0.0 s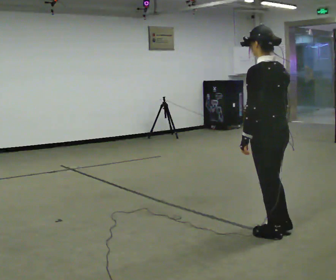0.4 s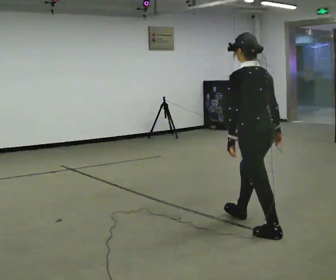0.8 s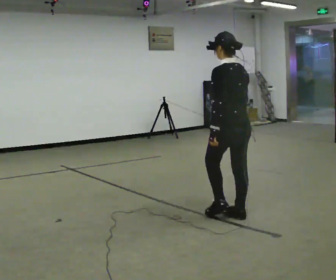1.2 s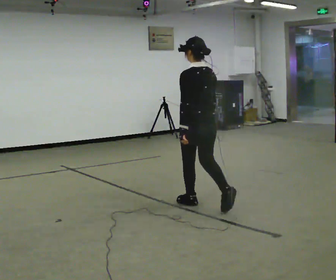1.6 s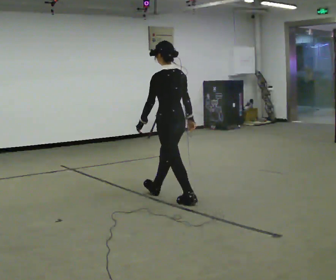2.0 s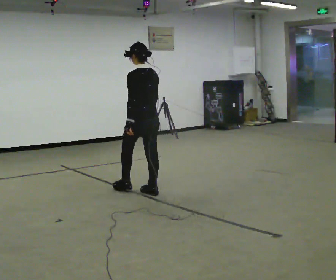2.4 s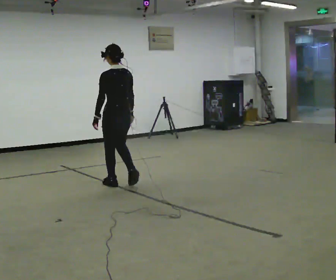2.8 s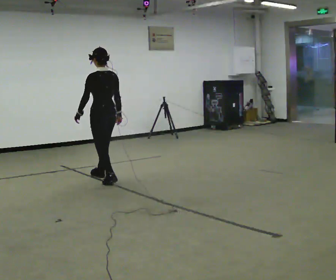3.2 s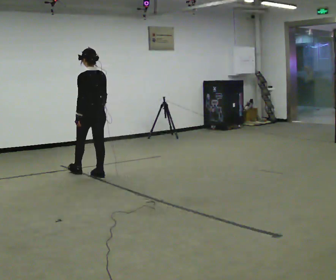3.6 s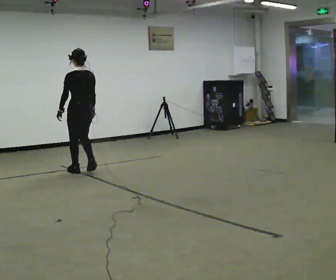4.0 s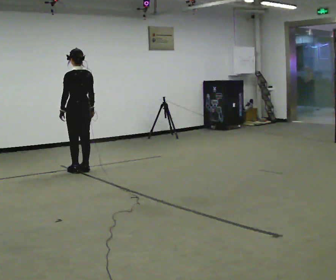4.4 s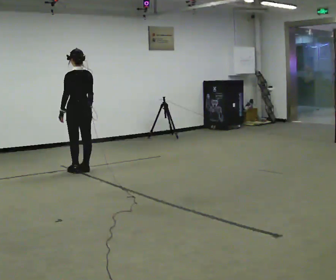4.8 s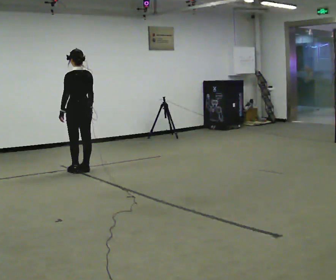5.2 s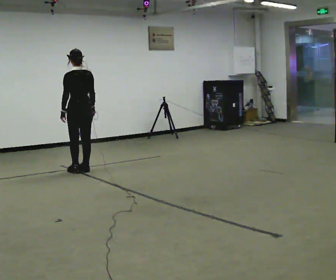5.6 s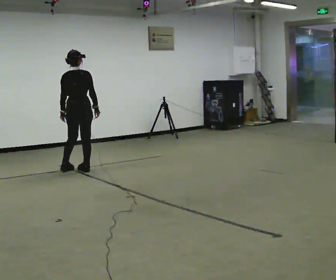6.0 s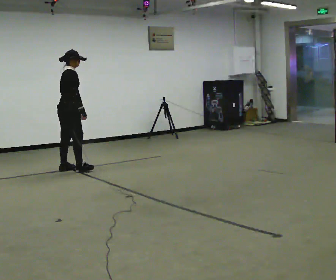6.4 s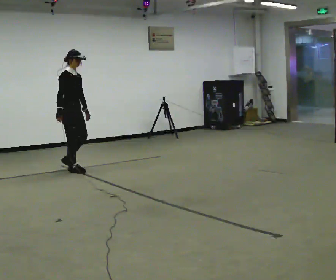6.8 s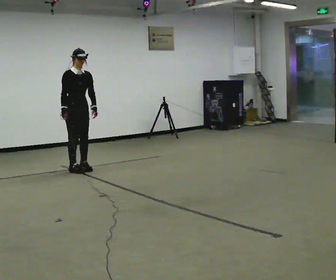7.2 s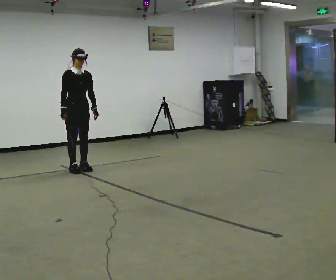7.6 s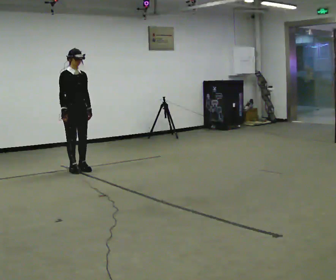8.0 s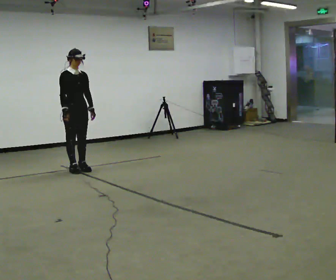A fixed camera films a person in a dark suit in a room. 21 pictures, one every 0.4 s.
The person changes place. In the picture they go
away from the camera.
0.0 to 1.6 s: In the picture they go away from the camera and to the left, about 1.5 m in 2 steps, which for them is forward.
1.6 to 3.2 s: In the picture they go away from the camera and to the left, about 1.5 m in 3 steps, which for them is forward.
3.2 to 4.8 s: In the picture they go away from the camera and to the left, about 0.25 m in 2 steps, which for them is forward.
4.8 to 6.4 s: The part of the body nearest the lens slides to the left as the person turns to their right by about 150 degrees. In the picture their right hand goes to the left.
6.4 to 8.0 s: The person moves a little, or ends about where they began.
The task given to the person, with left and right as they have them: Stand still 2 s; begin walking naturally; walk forward; stop.
The film runs forward here.
